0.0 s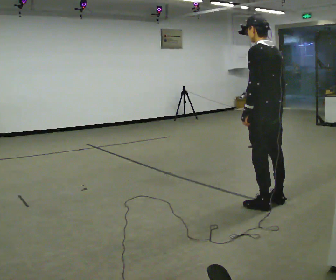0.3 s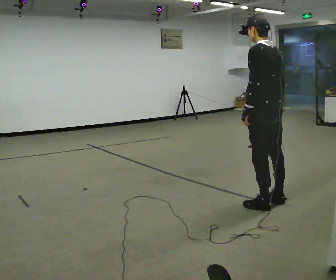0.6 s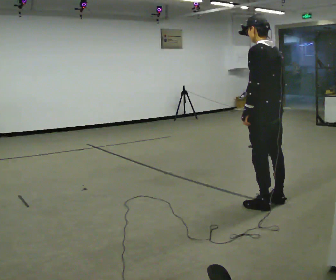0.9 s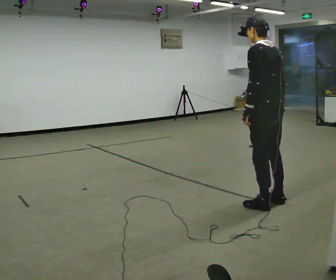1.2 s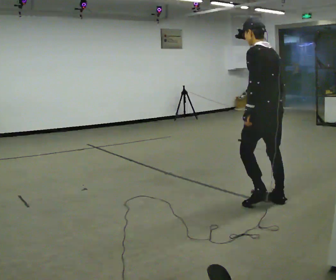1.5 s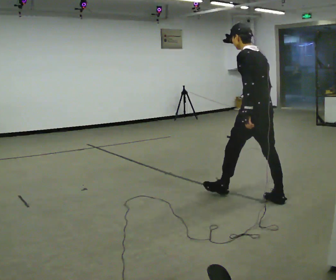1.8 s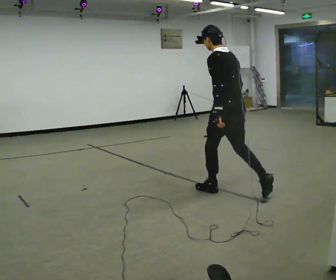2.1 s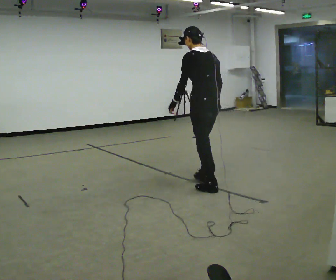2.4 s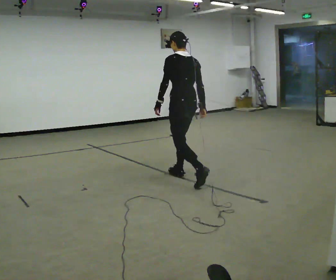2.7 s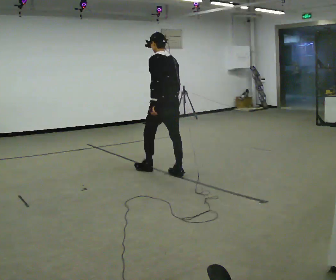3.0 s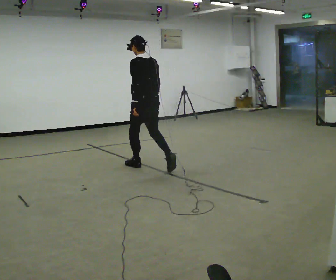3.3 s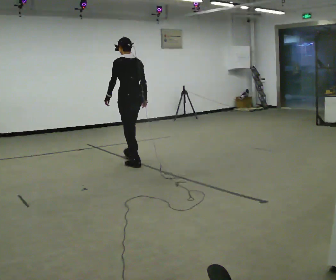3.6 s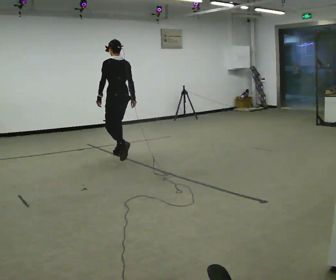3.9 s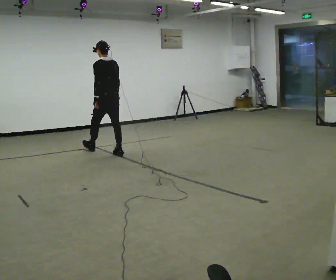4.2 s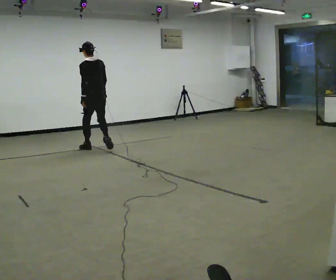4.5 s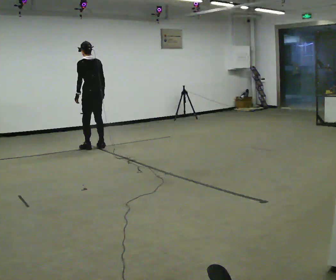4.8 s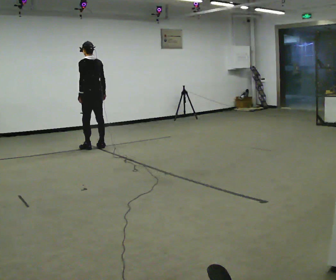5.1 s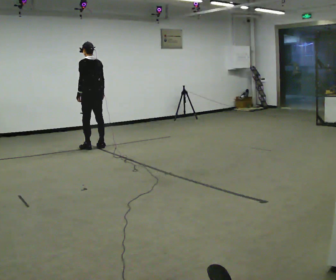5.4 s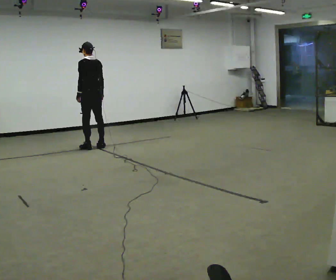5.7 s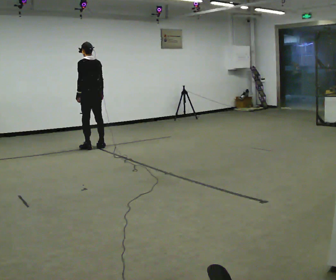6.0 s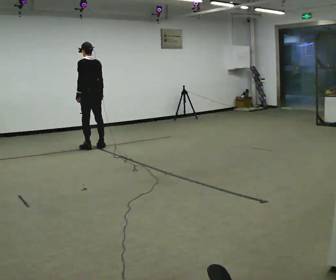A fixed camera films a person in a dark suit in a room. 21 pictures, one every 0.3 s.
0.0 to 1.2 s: The person moves a little, or ends about where they began.
1.2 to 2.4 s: In the picture they go away from the camera and to the left, about 1 m in 2 steps, which for them is forward.
2.4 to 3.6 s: In the picture they go away from the camera and to the left, about 1.5 m in 2 steps, which for them is forward.
3.6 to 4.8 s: In the picture they go away from the camera and to the left, about 1 m in 2 steps, which for them is forward.
4.8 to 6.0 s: The person moves a little, or ends about where they began.
The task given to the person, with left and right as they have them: Stand still 2 s; begin walking naturally; walk forward; stop.
The film runs forward here.
